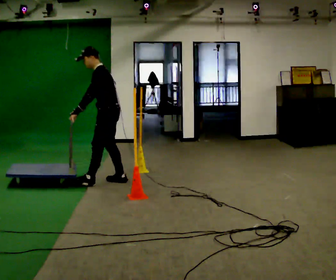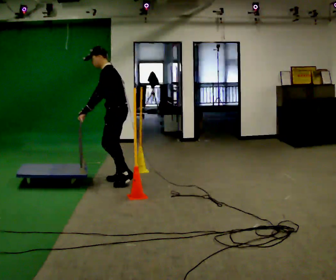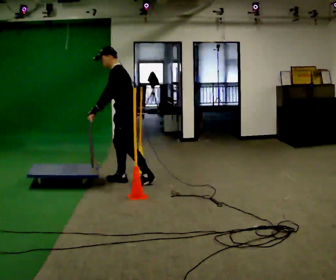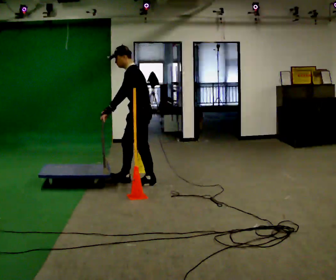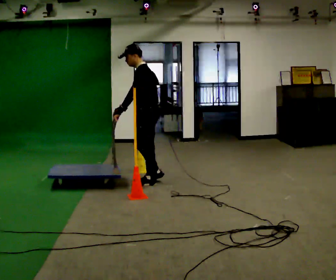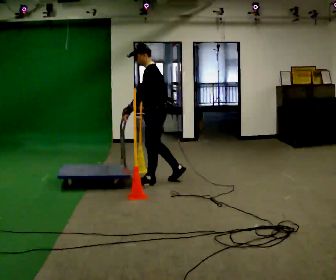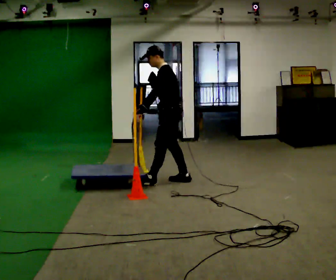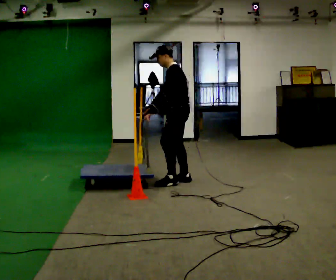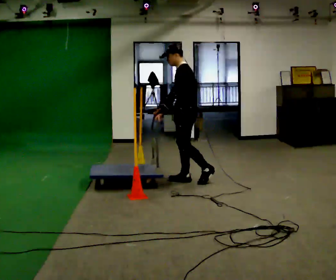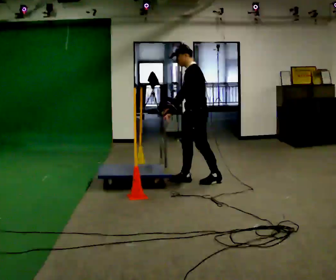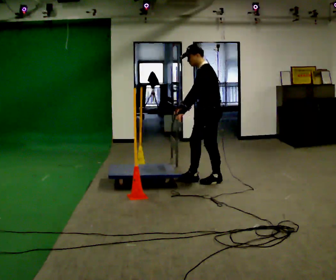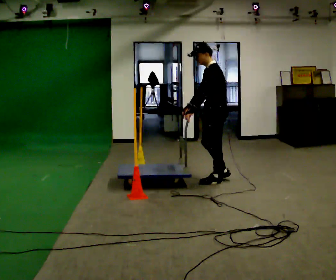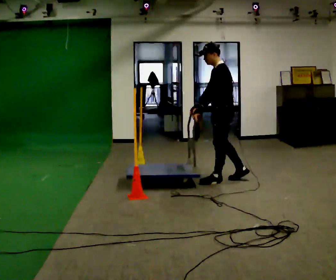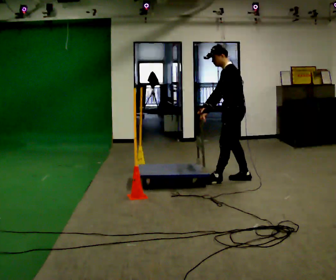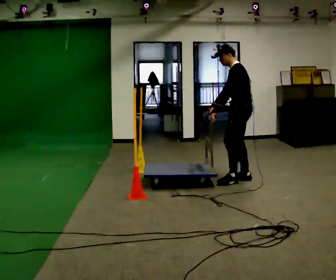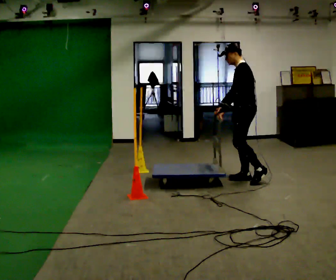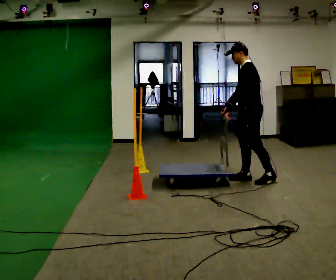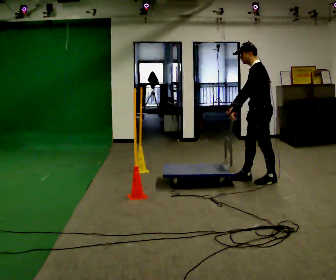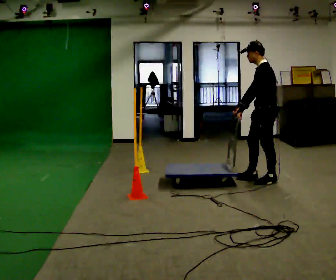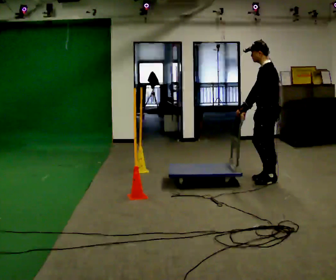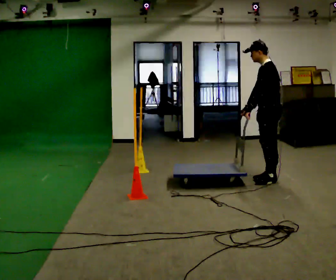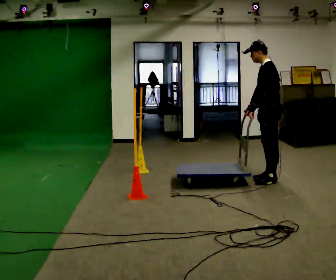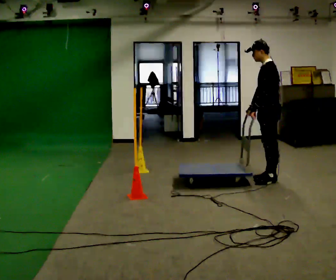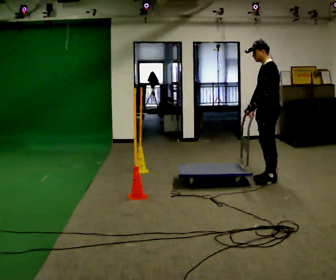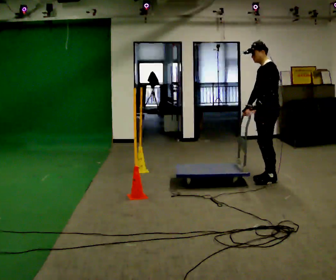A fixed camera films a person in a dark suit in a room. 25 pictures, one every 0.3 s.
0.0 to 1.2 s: In the picture they go to the right, about 0.5 m in 1 step, which for them is backward.
1.2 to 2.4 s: In the picture they go to the right, about 0.5 m in 1 step, which for them is backward.
2.4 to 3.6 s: In the picture they go to the right, about 0.5 m in 1 step, which for them is backward.
3.6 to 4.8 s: In the picture they go to the right, about 0.25 m in 1 step, which for them is backward.
4.8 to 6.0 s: In the picture they go to the right, about 0.25 m in 1 step, which for them is backward.
6.0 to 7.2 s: The person moves a little, or ends about where they began.
The film runs backward here.
